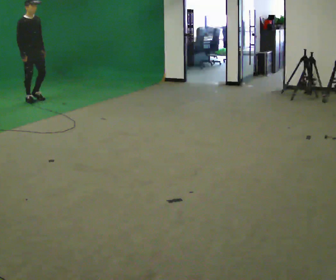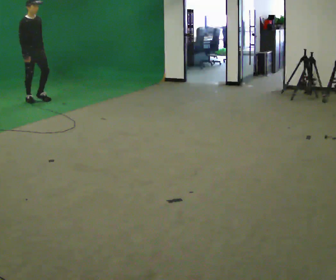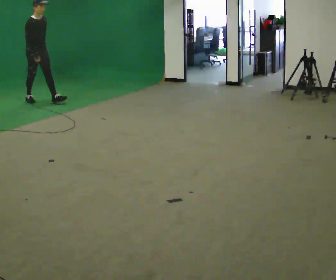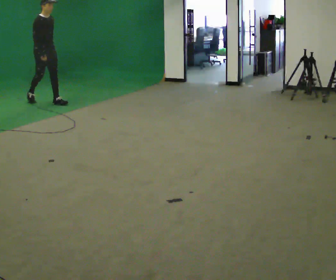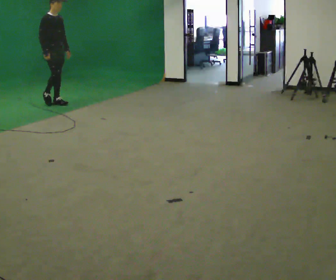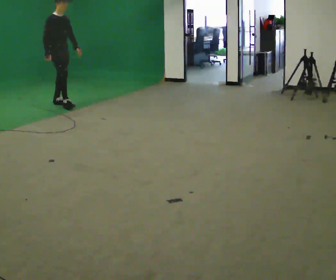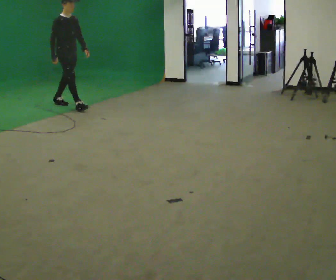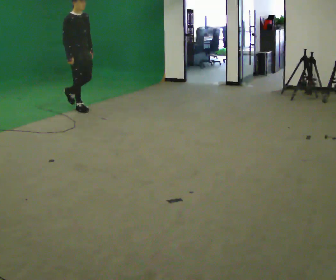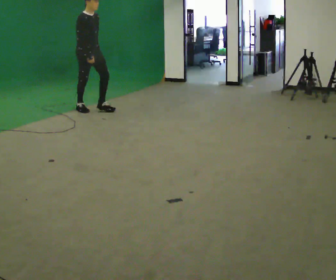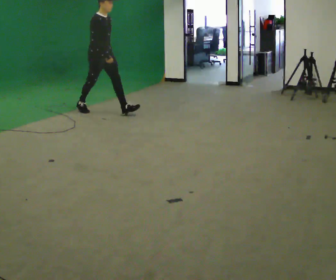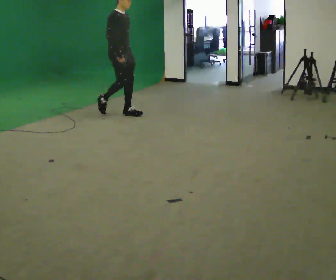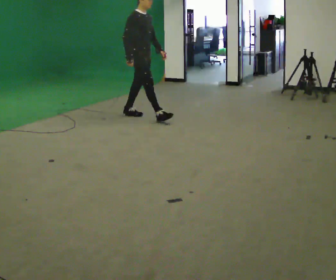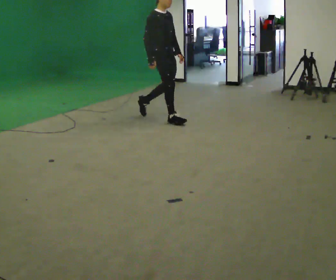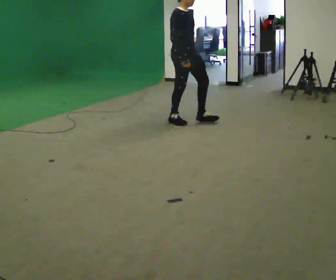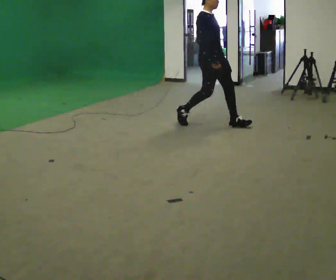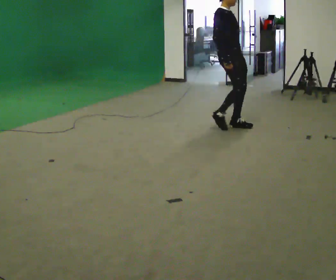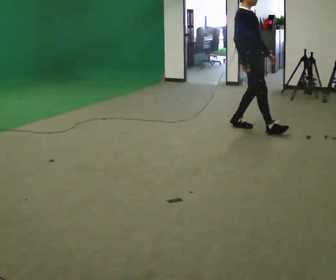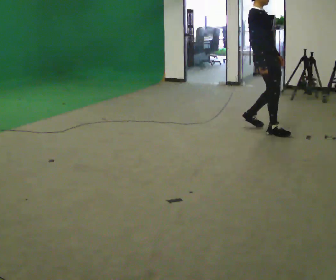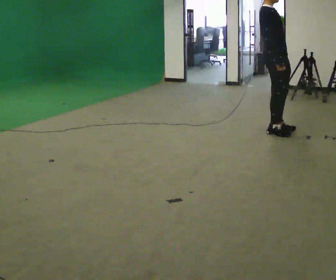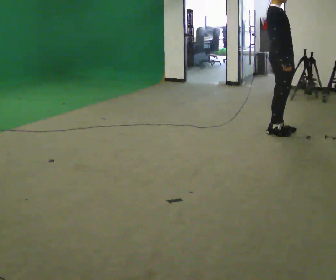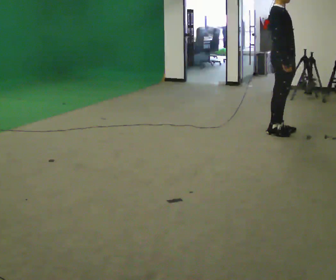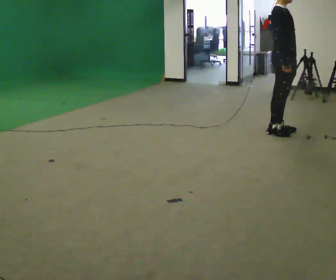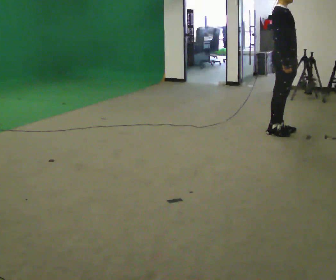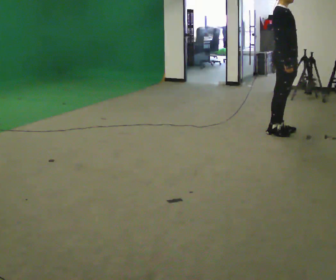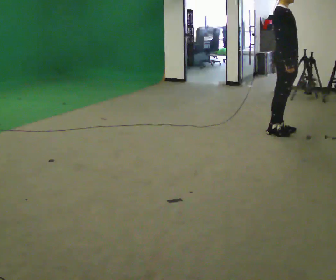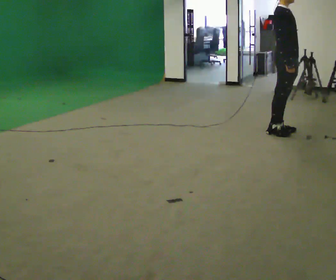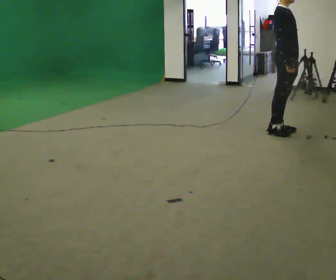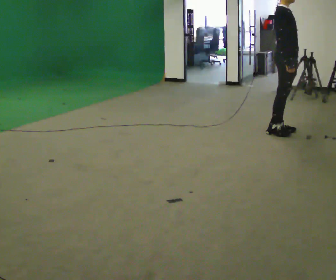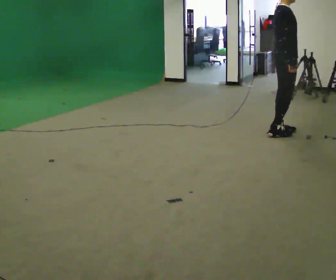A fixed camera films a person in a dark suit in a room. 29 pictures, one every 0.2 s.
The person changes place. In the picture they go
to the right.
0.0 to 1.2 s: In the picture they go to the right, about 1 m in 2 steps, which for them is forward.
1.2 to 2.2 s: In the picture they go to the right, about 1.5 m in 1 step, which for them is forward.
2.2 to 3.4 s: In the picture they go to the right, about 1.5 m in 3 steps, which for them is forward.
3.4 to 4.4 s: In the picture they go to the right, about 0.25 m in 1 step, which for them is forward.
4.4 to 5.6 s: Seen from above the body turns counterclockwise, about 30 degrees: to their left, with its near side sliding to the right.
The film runs forward here.
